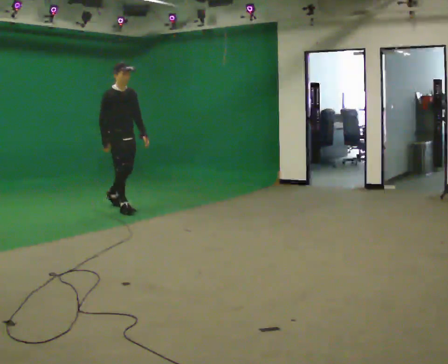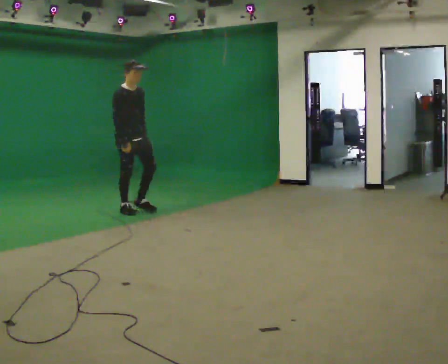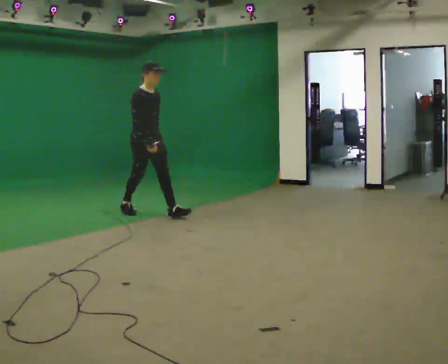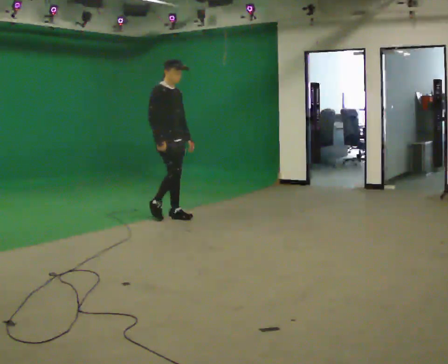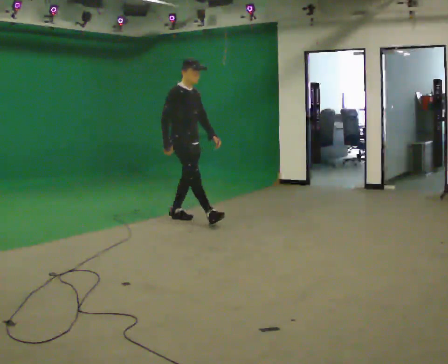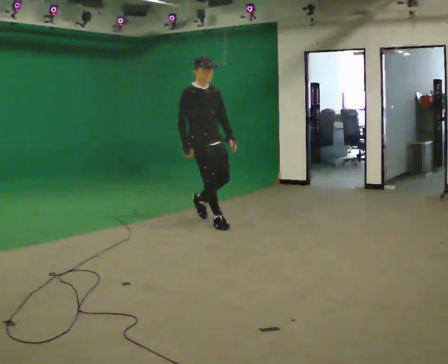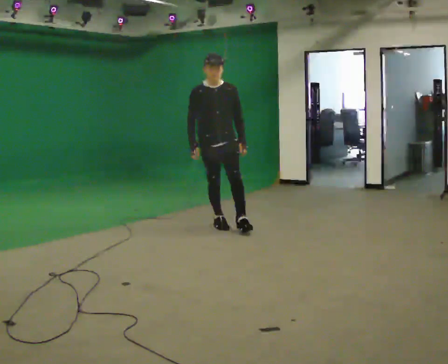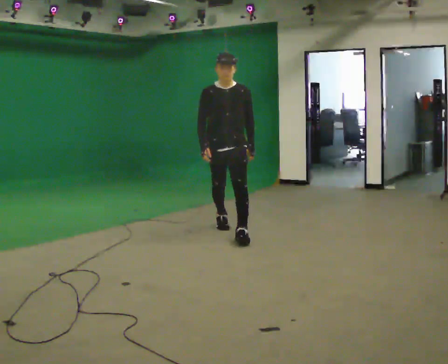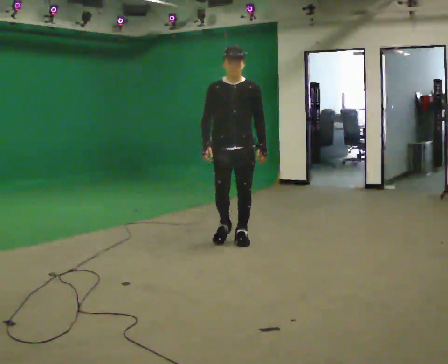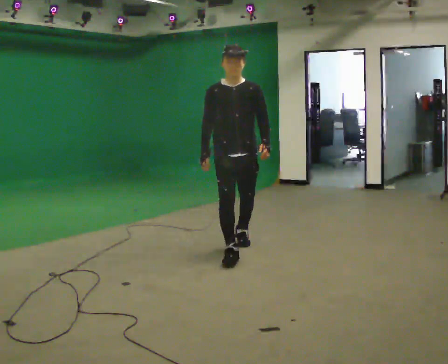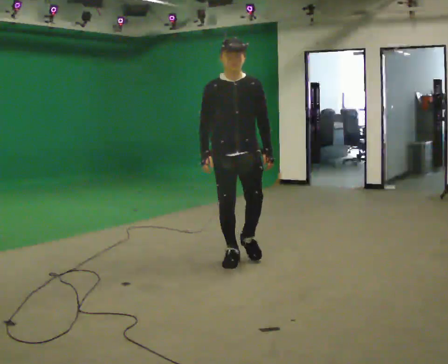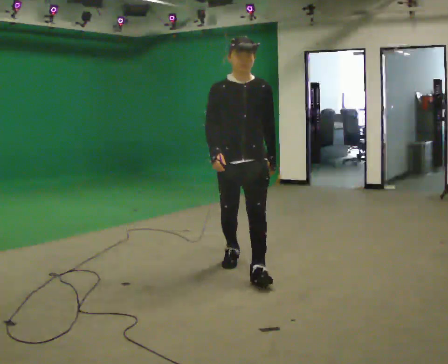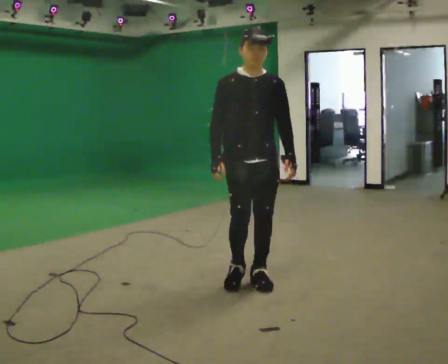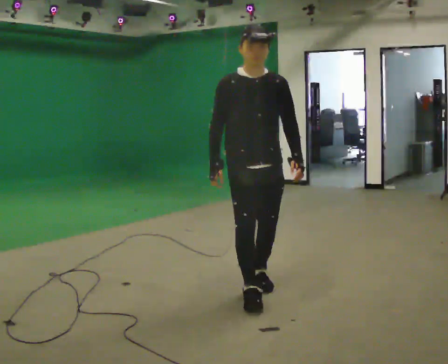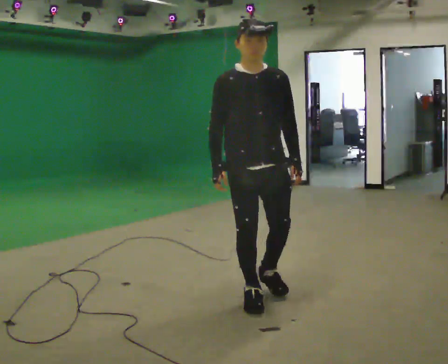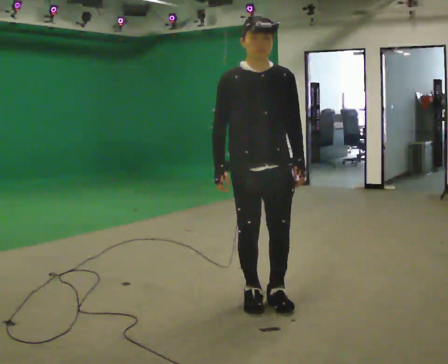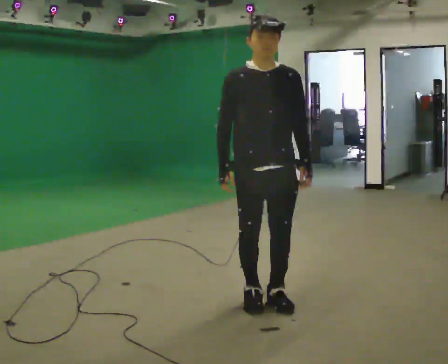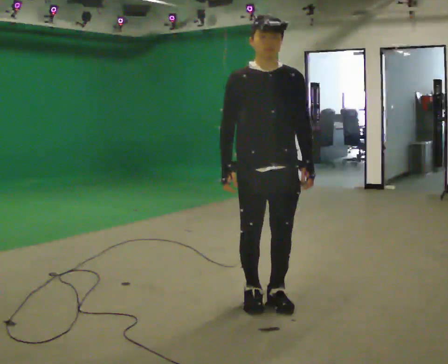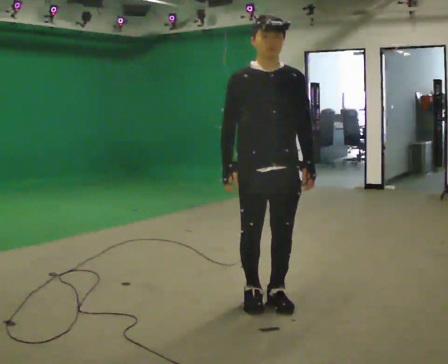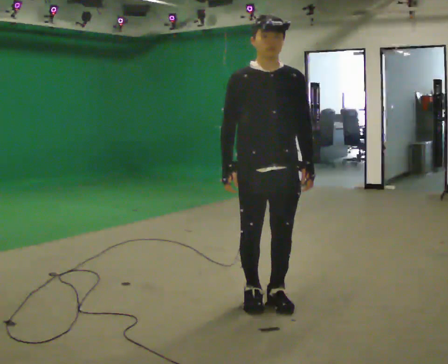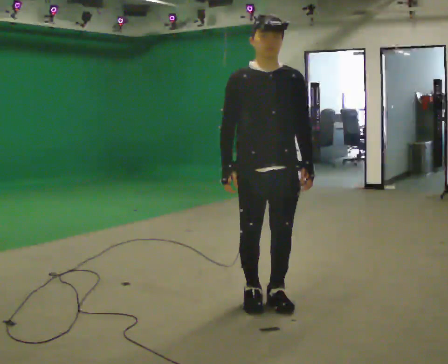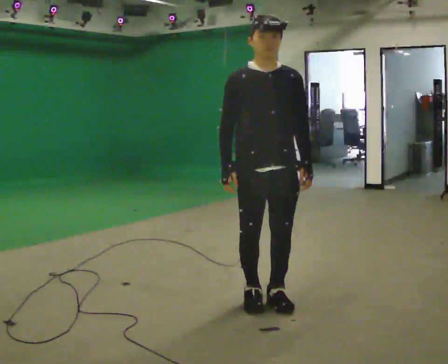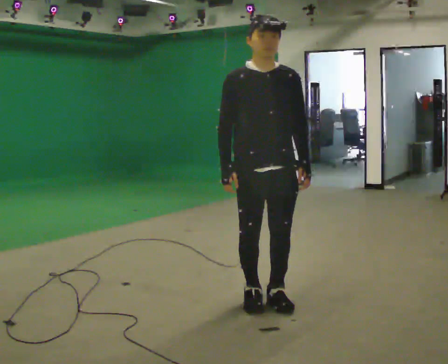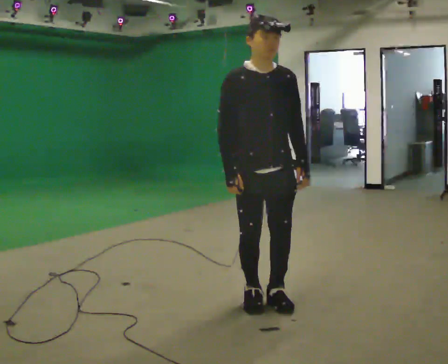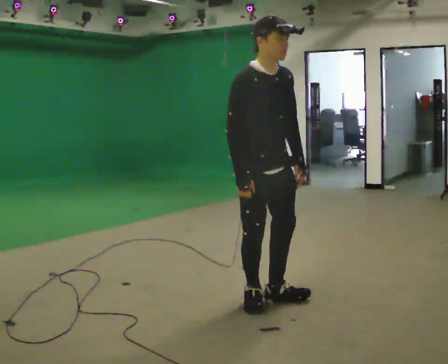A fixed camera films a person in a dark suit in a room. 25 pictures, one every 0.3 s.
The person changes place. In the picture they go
toward the camera.
0.0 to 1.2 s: In the picture they go to the right and toward the camera, about 1 m in 1 step, which for them is forward.
1.2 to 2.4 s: Seen from above the body turns clockwise, about 60 degrees: to their right, with its near side sliding to the left. In the picture they go toward the camera and to the right, about 1 m in 2 steps.
2.4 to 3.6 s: In the picture they go toward the camera, about 1 m in 2 steps, which for them is forward.
3.6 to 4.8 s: In the picture they go toward the camera, about 0.5 m in 2 steps, which for them is forward.
4.8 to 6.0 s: The person moves a little, or ends about where they began.
6.0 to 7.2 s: The person turns about 30 degrees to their left, counterclockwise seen from above, so the part of the body nearest the lens slides to the right.
The film runs forward here.
